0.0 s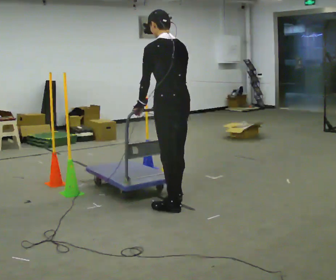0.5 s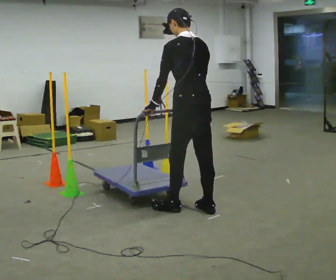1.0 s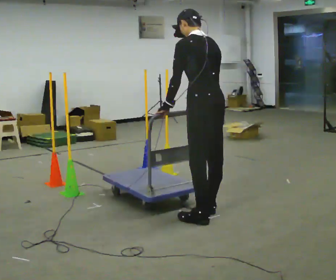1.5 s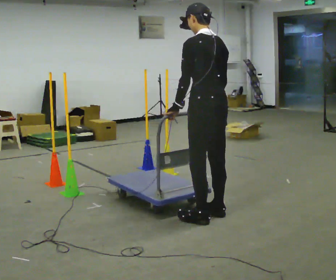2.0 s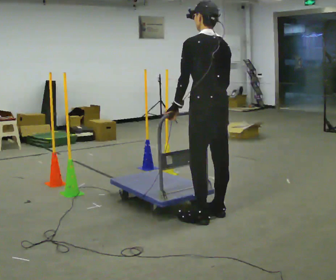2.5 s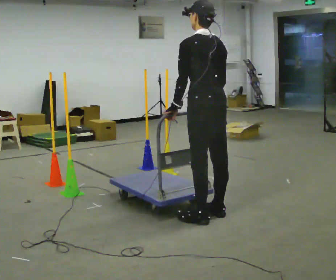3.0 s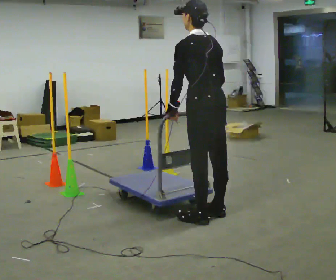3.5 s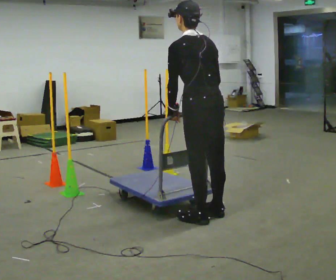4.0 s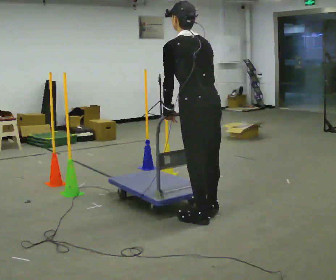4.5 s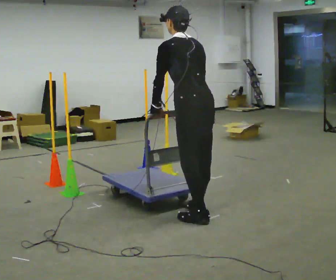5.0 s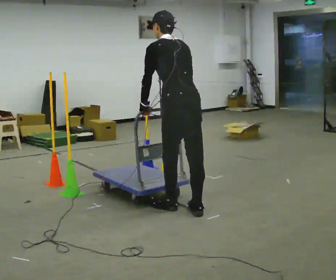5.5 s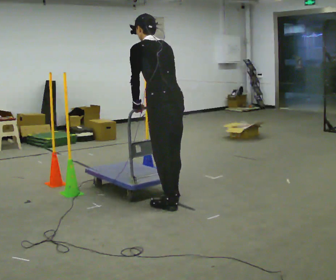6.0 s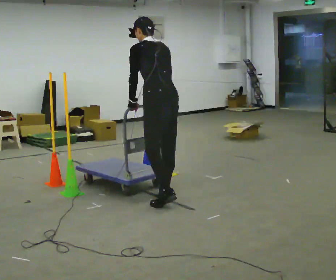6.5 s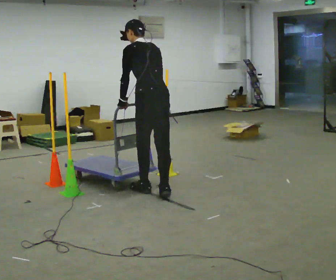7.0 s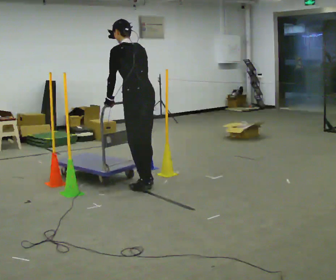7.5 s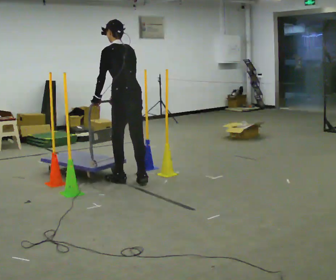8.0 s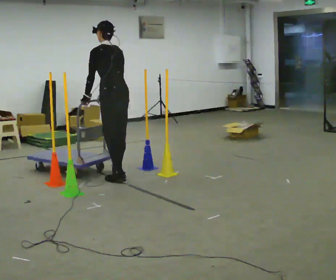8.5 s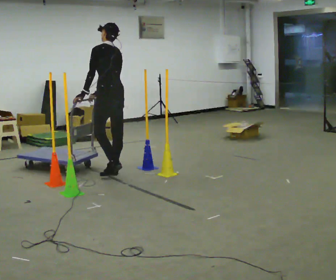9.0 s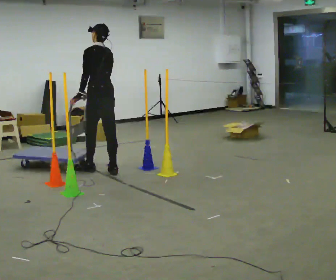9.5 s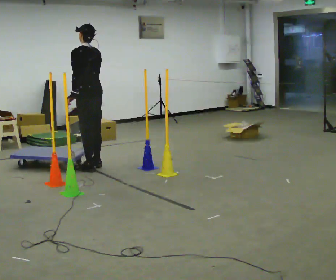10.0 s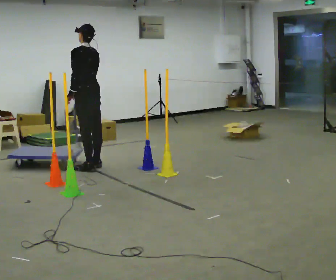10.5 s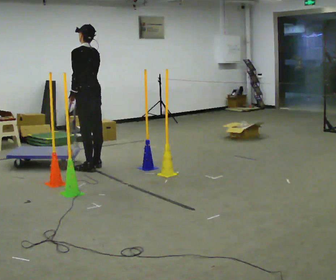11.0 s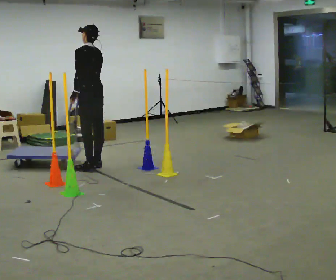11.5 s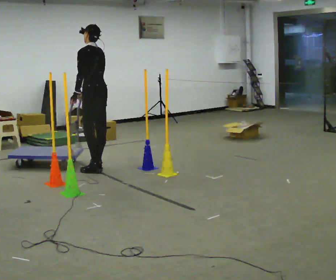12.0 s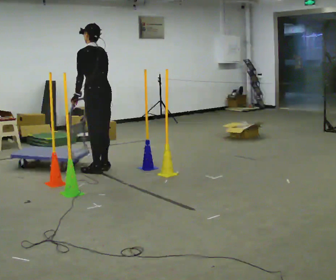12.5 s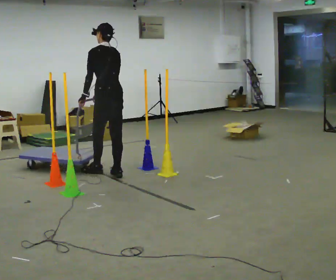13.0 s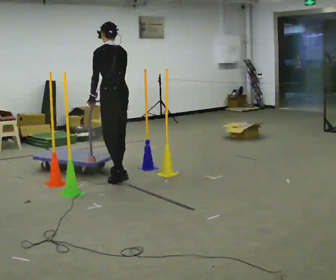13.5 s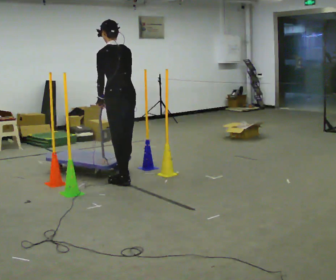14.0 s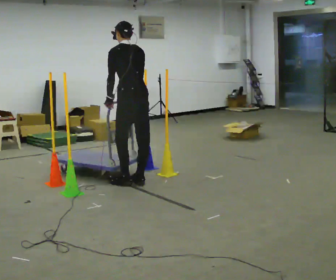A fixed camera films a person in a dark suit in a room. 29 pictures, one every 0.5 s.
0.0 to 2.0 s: In the picture they go to the right and toward the camera, about 0.5 m in 2 steps, which for them is backward.
2.0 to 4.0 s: The person moves a little, or ends about where they began.
4.0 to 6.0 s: In the picture they go away from the camera and to the left, about 0.75 m in 3 steps, which for them is forward.
6.0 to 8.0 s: In the picture they go away from the camera and to the left, about 1 m in 3 steps, which for them is forward.
8.0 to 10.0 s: In the picture they go away from the camera and to the left, about 0.5 m in 3 steps, which for them is forward.
10.0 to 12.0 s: In the picture they go toward the camera and to the right, about 0.25 m, which for them is backward.
12.0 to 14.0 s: In the picture they go toward the camera and to the right, about 0.75 m in 3 steps, which for them is backward.
The film runs forward here.
